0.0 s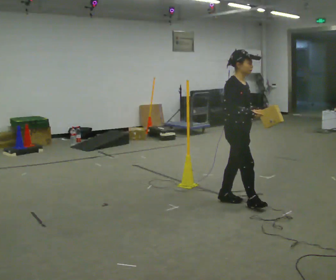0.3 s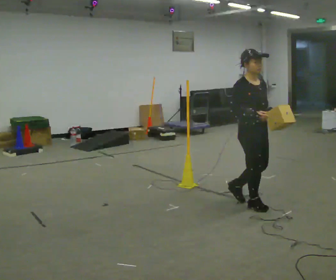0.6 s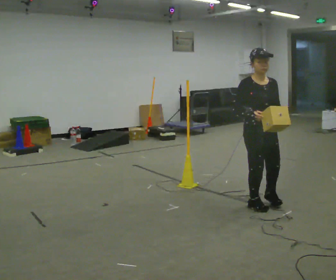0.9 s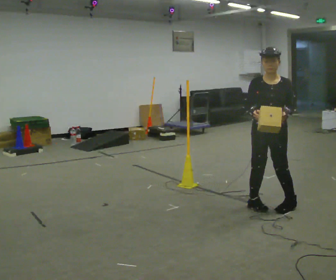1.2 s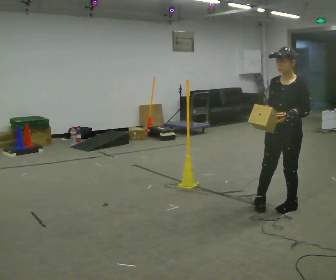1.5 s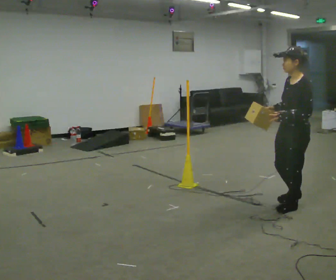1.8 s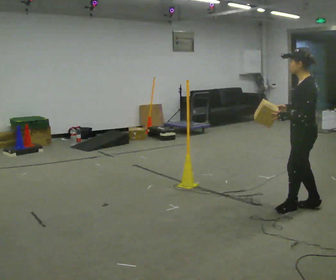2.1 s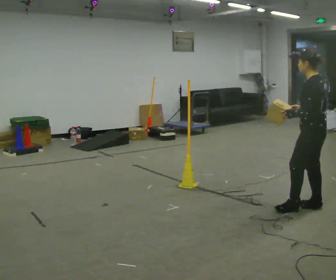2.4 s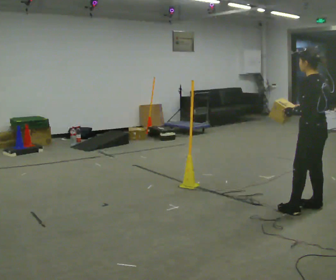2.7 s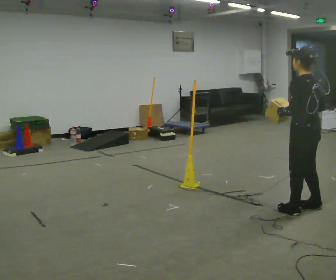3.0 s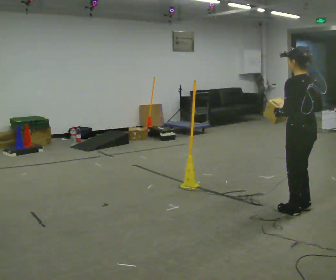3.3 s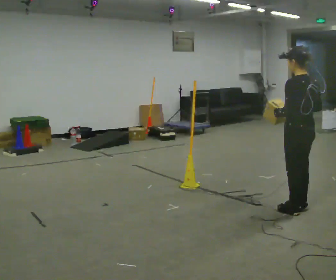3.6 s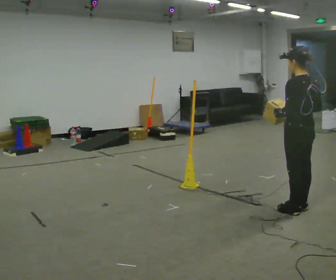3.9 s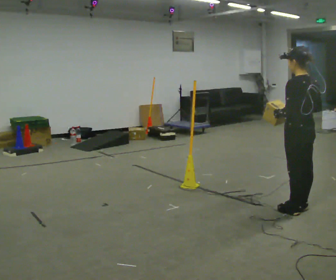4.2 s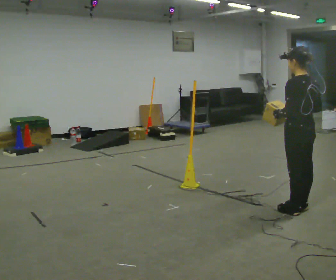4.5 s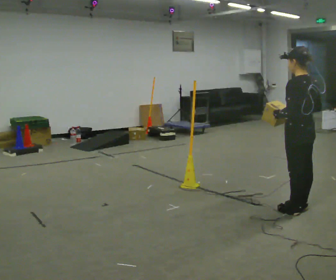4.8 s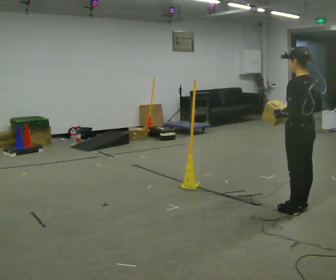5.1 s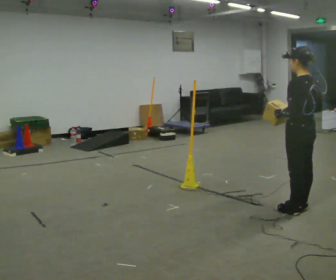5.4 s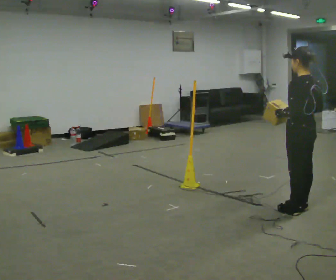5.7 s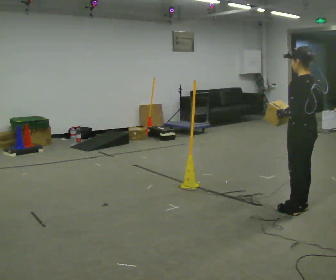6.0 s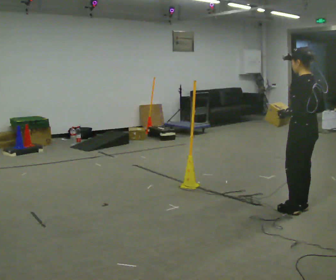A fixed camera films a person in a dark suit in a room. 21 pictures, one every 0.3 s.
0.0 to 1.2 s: The part of the body nearest the lens slides to the left as the person turns to their right by about 105 degrees. In the picture they go to the right, about 0.5 m in 1 step.
1.2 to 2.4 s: Seen from above the body turns clockwise, about 90 degrees: to their right, with its near side sliding to the left. In the picture they go to the right, about 0.25 m in 1 step. In the picture their right hand goes to the right.
2.4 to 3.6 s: The person moves a little, or ends about where they began.
3.6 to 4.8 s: The person keeps their place and pose.
4.8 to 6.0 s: The person moves a little, or ends about where they began.
The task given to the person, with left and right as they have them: Carry the box across the room. The operator will step into your path partway across, so go around them and carry on. Keep going until the operator says stop; one object at a time, and do not rush between trips.
The film runs forward here.
